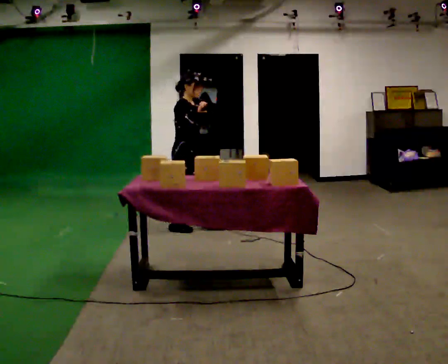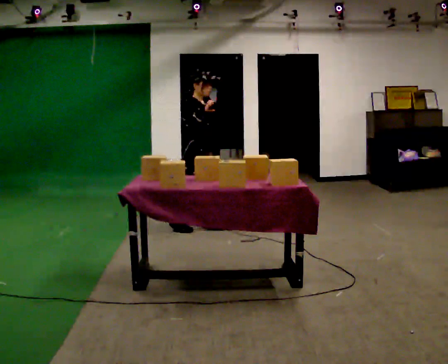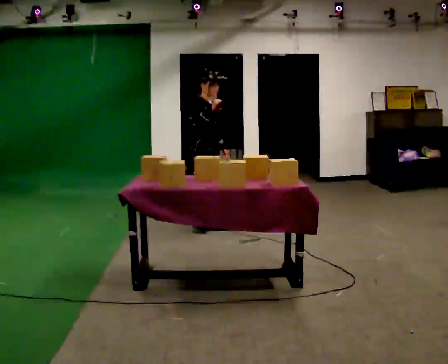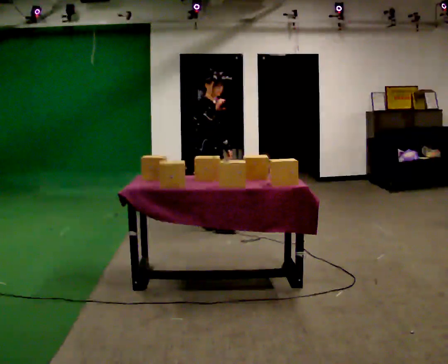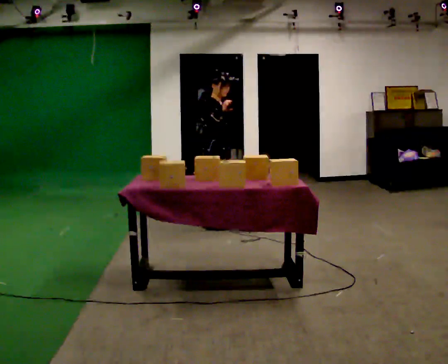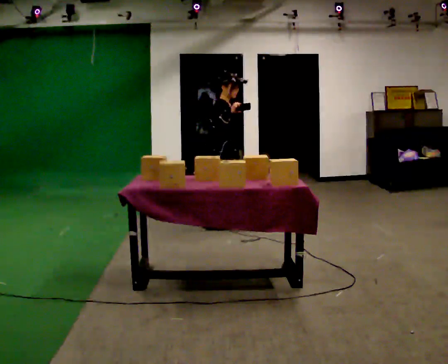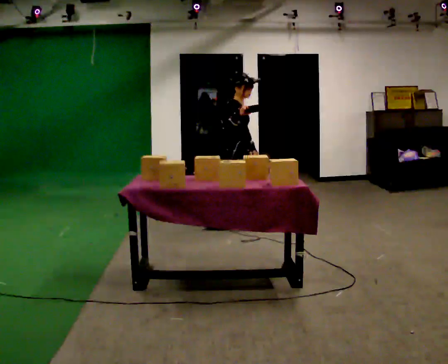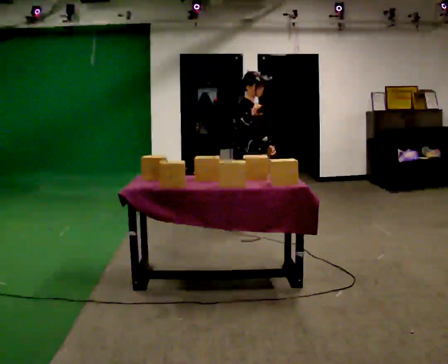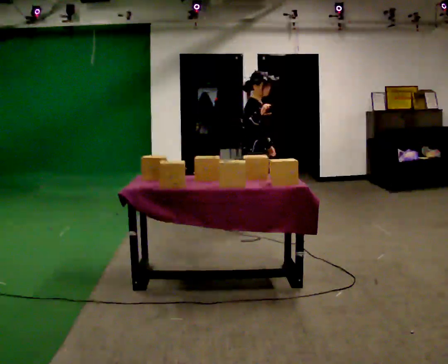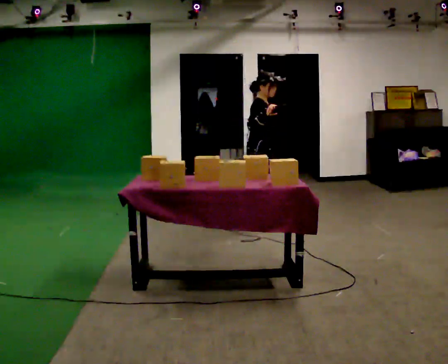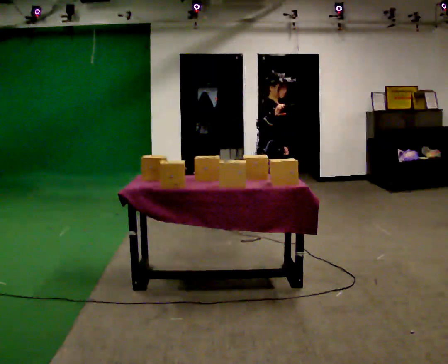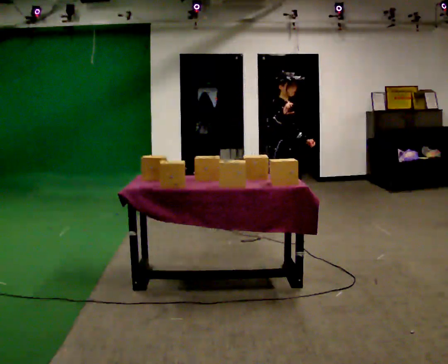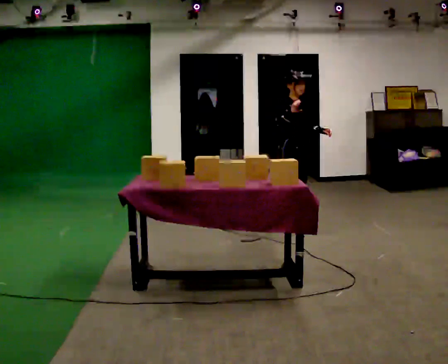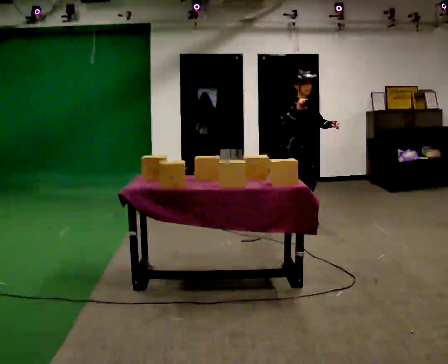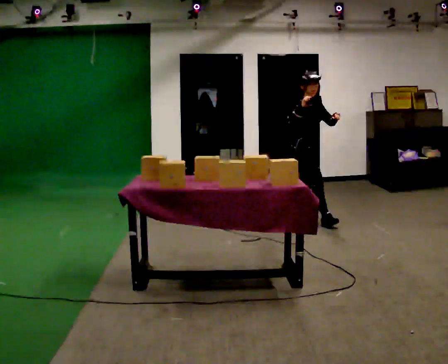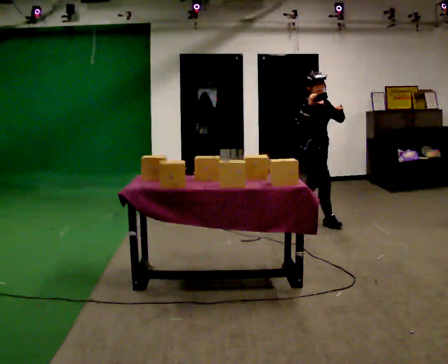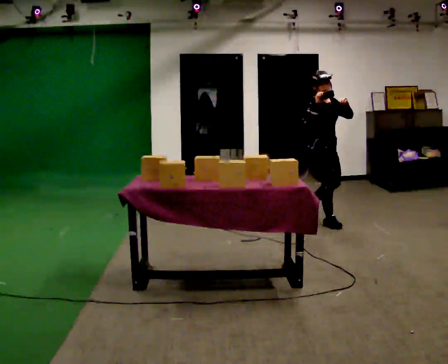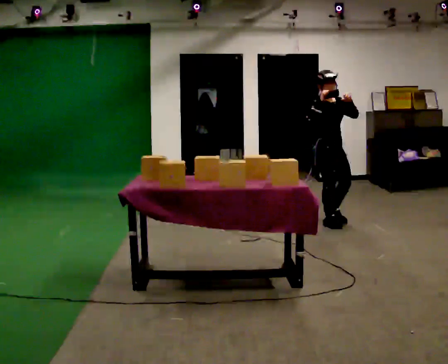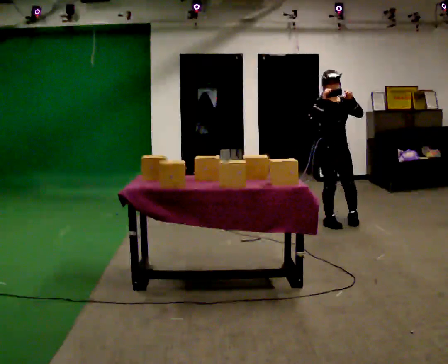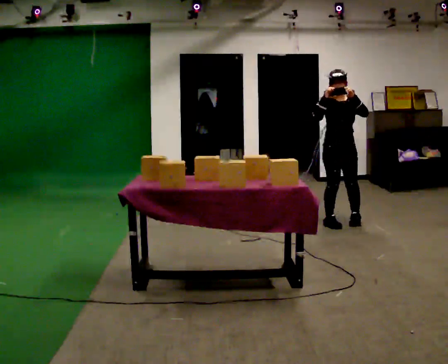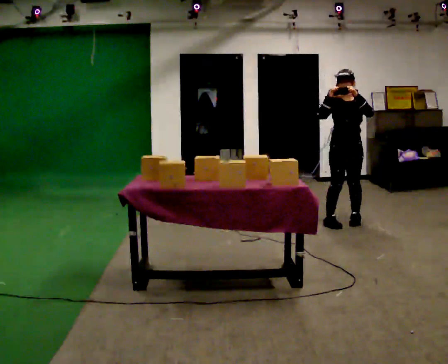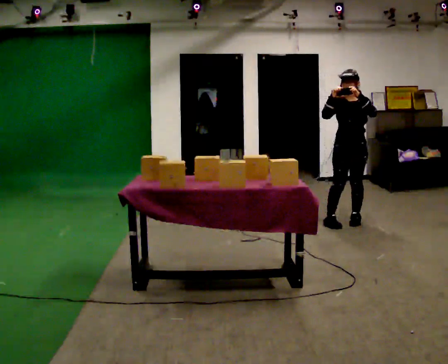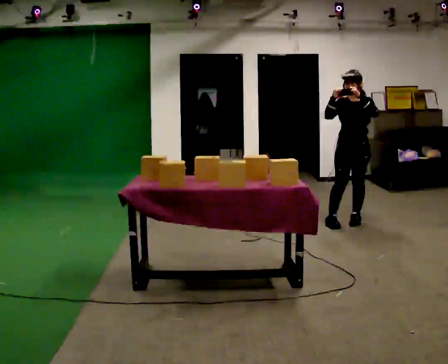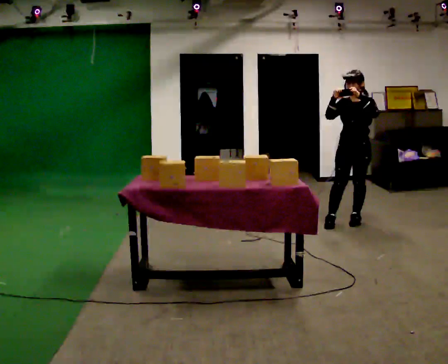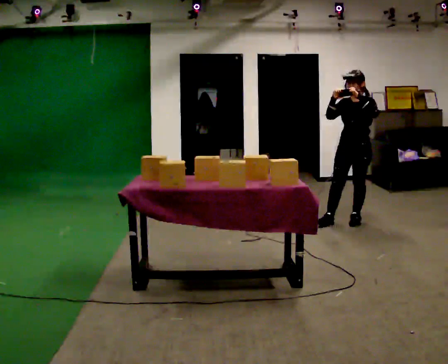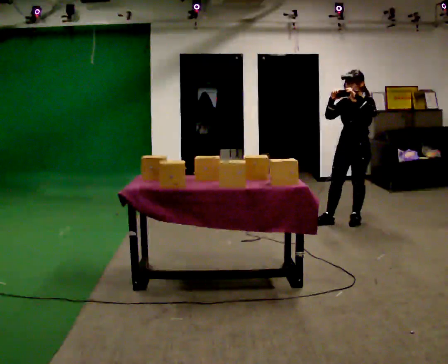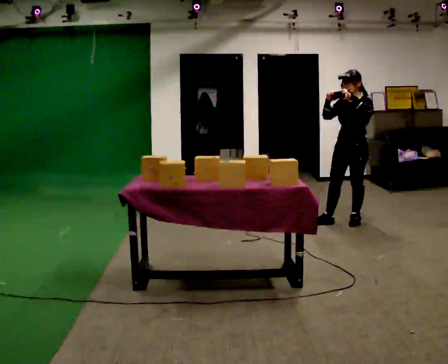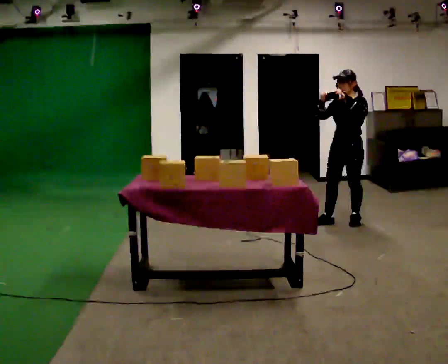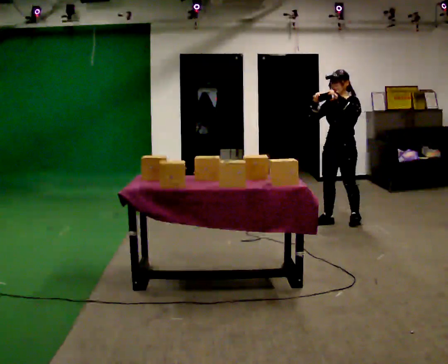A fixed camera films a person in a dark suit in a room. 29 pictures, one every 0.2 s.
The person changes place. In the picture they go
to the right.
0.0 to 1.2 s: The person turns about 30 degrees to their left, counterclockwise seen from above, so the part of the body nearest the lens slides to the right. In the picture they go to the right, about 0.5 m in 1 step, which for them is forward.
1.2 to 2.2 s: Seen from above the body turns clockwise, about 30 degrees: to their right, with its near side sliding to the left. In the picture they go to the right, about 0.5 m in 1 step, which for them is forward.
2.2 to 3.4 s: The part of the body nearest the lens slides to the left as the person turns to their right by about 30 degrees. In the picture they go to the right, about 0.5 m in 1 step, which for them is forward and to their left. In the picture their left hand goes upward.
3.4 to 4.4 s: The part of the body nearest the lens slides to the left as the person turns to their right by about 60 degrees. In the picture they go to the right, about 0.25 m in 1 step, which for them is to their left.
4.4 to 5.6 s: The part of the body nearest the lens slides to the left as the person turns to their right by about 30 degrees.
The film runs forward here.
